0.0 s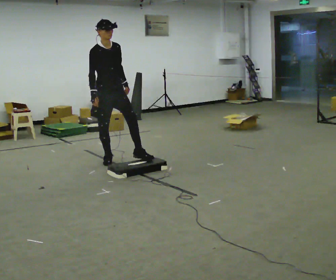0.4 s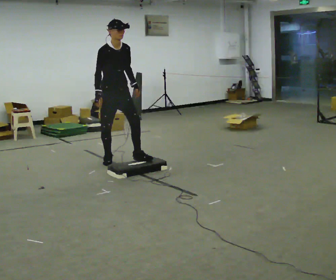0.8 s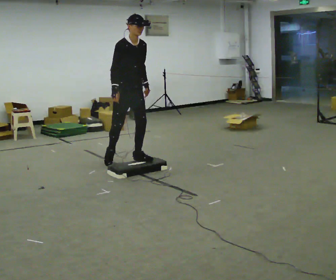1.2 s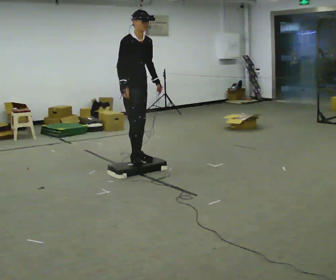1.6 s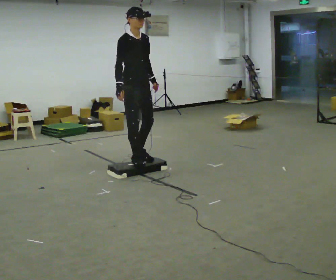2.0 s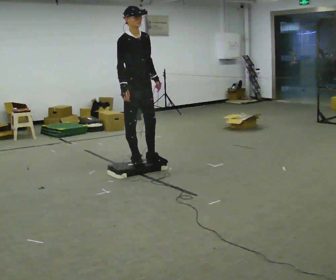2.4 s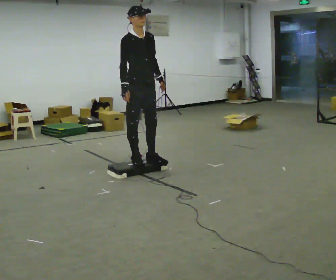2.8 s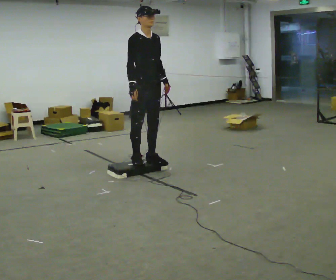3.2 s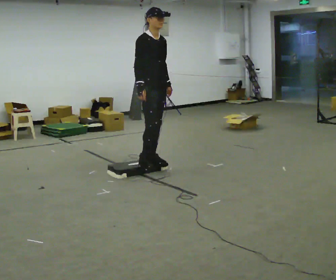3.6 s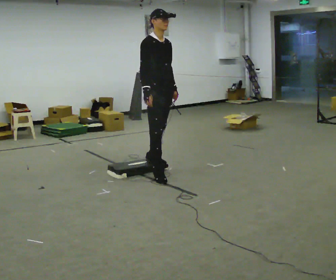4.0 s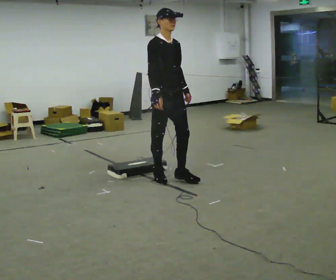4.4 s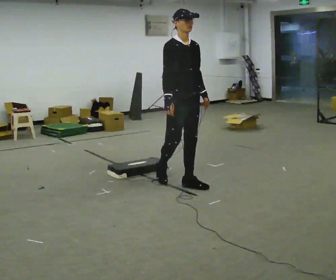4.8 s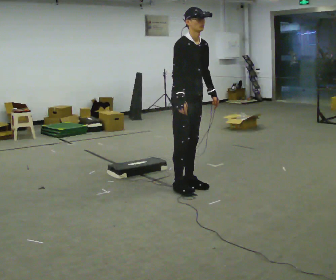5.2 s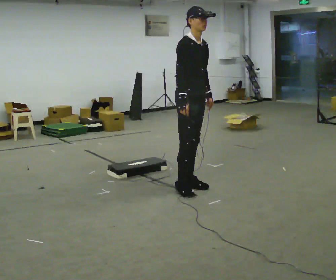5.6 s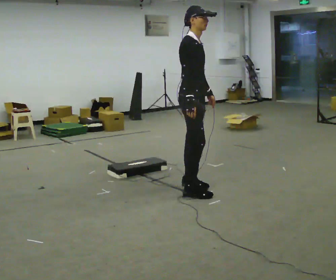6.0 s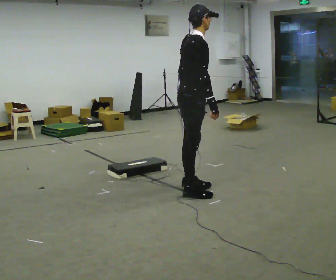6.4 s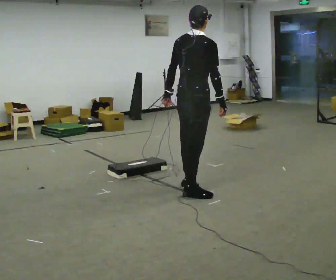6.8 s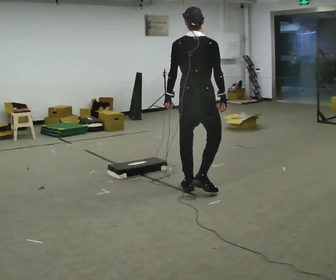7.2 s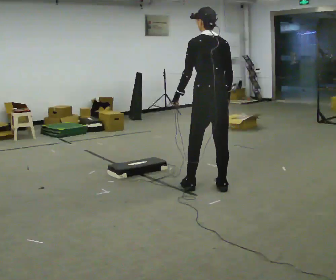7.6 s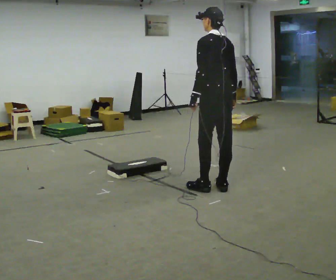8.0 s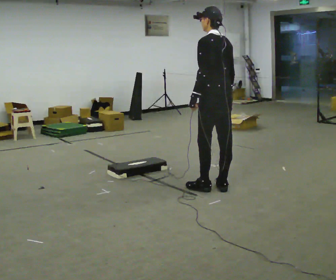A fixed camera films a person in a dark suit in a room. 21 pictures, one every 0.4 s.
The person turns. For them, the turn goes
to their left.
The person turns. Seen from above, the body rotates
counterclockwise.
0.0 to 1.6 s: In the picture they go toward the camera and to the right, about 0.5 m in 1 step, which for them is forward.
1.6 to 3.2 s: In the picture they go to the right, about 0.25 m in 1 step, which for them is forward.
3.2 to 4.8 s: In the picture they go toward the camera and to the right, about 0.75 m in 3 steps, which for them is forward.
4.8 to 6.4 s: Seen from above the body turns counterclockwise, about 90 degrees: to their left, with its near side sliding to the right. In the picture they go toward the camera, about 0.25 m in 1 step. The upper body tips away from the camera, its near side rolling upward.
6.4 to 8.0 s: Seen from above the body turns counterclockwise, about 75 degrees: to their left, with its near side sliding to the right. In the picture they go to the right, about 0.25 m in 2 steps. In the picture the upper body tilts counterclockwise, shoulders to the left.
The film runs forward here.
